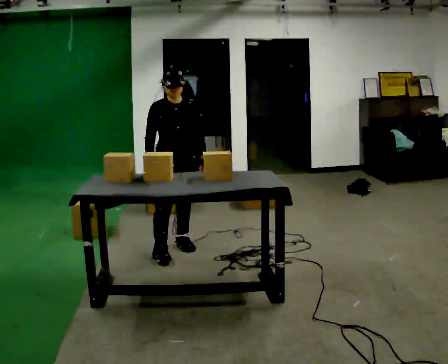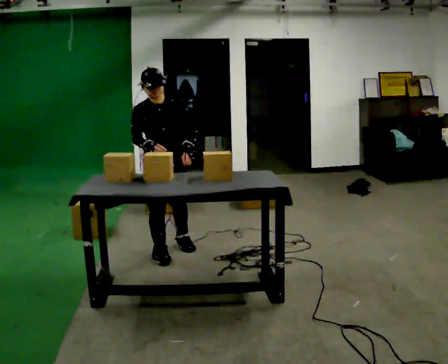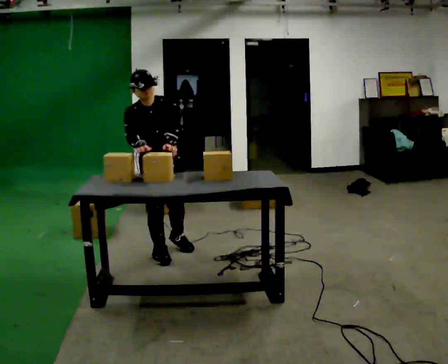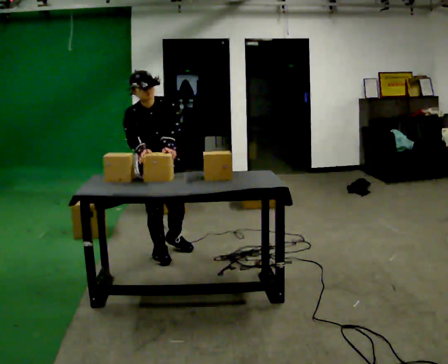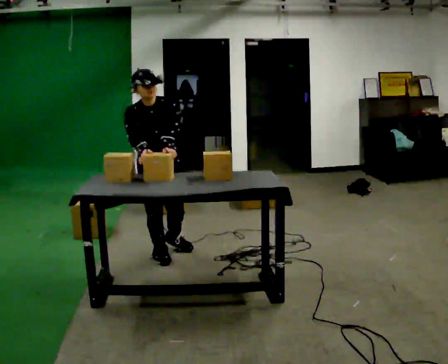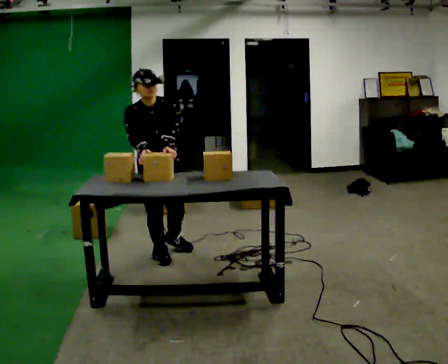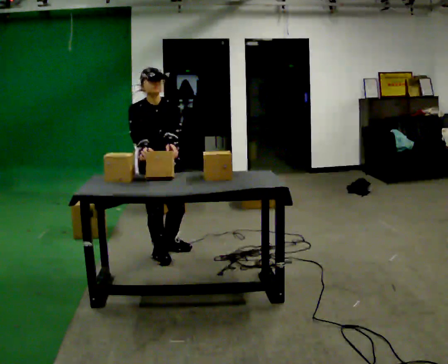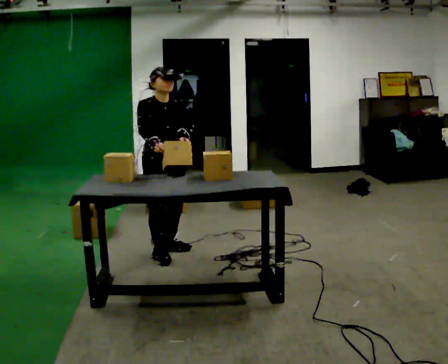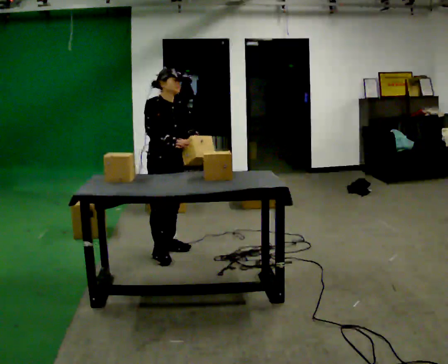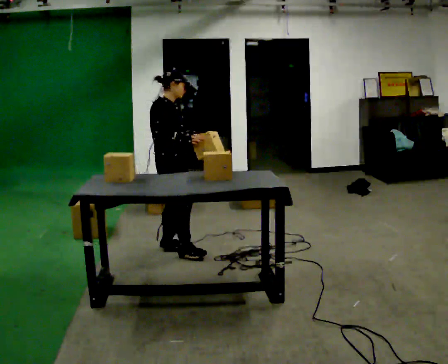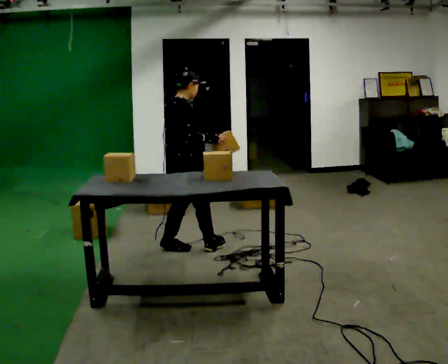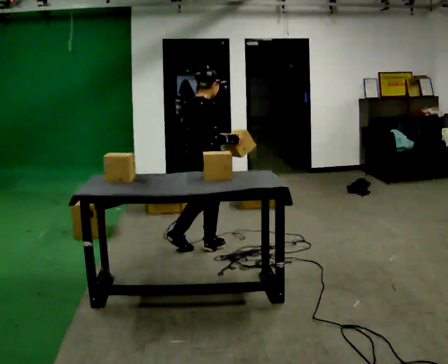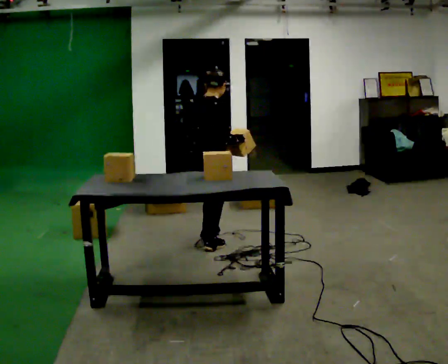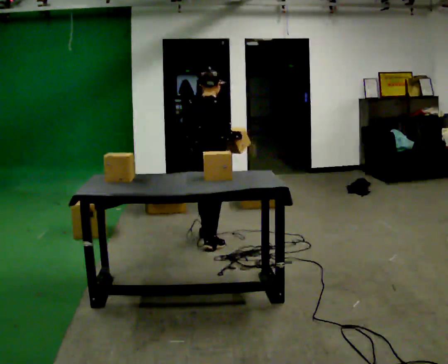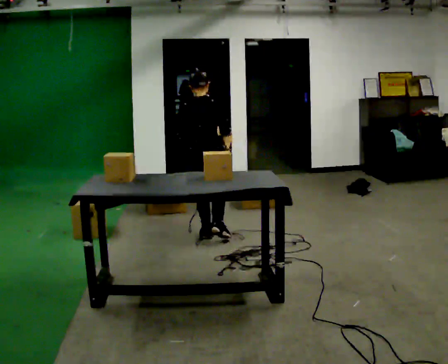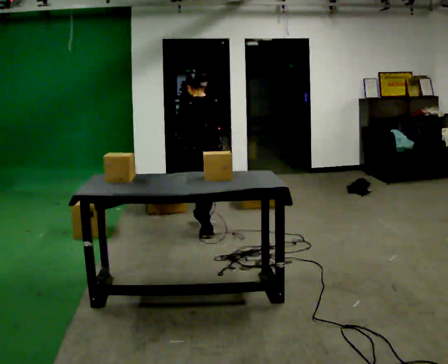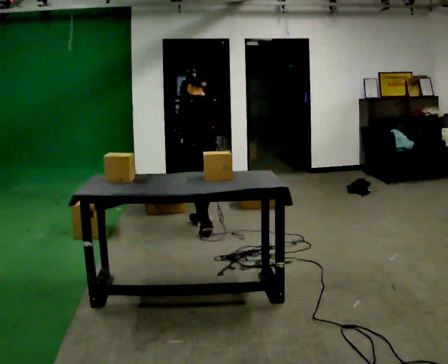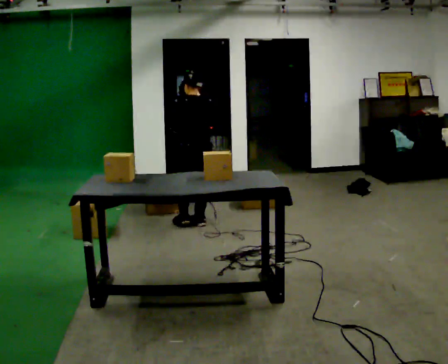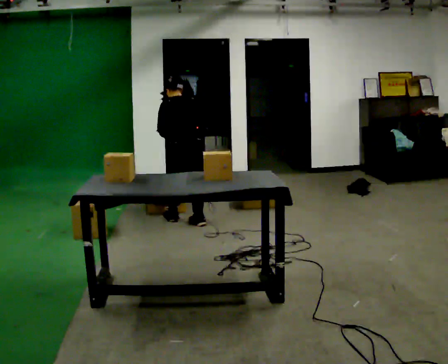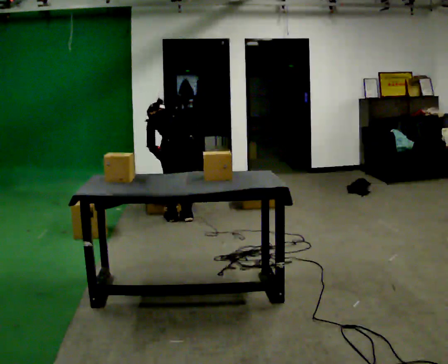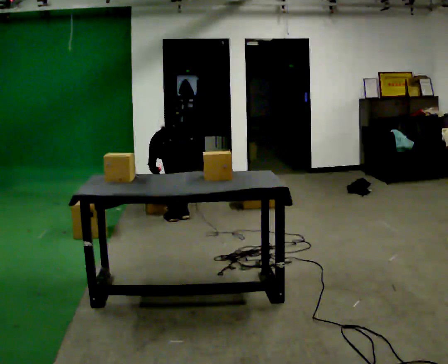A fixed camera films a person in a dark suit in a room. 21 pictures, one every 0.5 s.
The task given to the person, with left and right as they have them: Take each object from the table and put it in the bin that matches it, walking between the bins. Keep going until the operator says stop; one object at a time, and do not rush between trips.
0.0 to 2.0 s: In the picture they go toward the camera, about 0.25 m, which for them is to their right and forward.
2.0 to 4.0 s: Seen from above the body turns counterclockwise, about 30 degrees: to their left, with its near side sliding to the right. In the picture they go away from the camera, about 0.25 m, which for them is backward and to their left.
4.0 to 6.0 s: Seen from above the body turns counterclockwise, about 90 degrees: to their left, with its near side sliding to the right. In the picture they go to the right, about 0.25 m in 1 step.
6.0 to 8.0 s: The person turns about 60 degrees to their left, counterclockwise seen from above, so the part of the body nearest the lens slides to the right. In the picture they go away from the camera, about 0.5 m in 2 steps.
8.0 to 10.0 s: In the picture they go away from the camera and to the left, about 0.25 m in 2 steps, which for them is forward. The shoulders move downward. The upper body tips away from the camera, its near side rolling upward, as they bend forward. In the picture their right hand goes downward.
The film runs forward here.
